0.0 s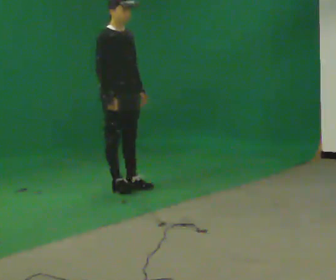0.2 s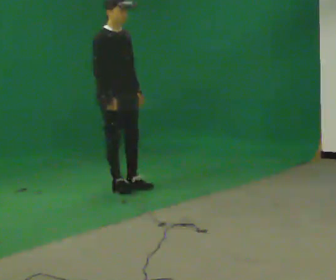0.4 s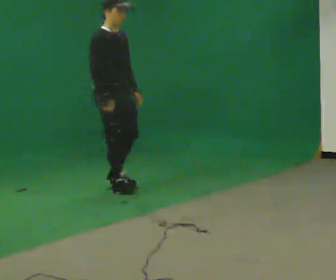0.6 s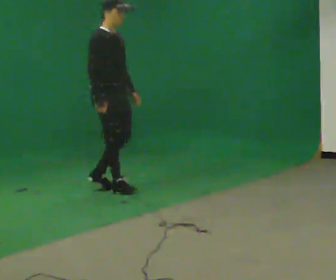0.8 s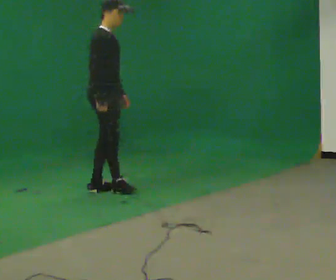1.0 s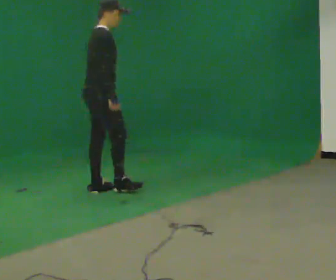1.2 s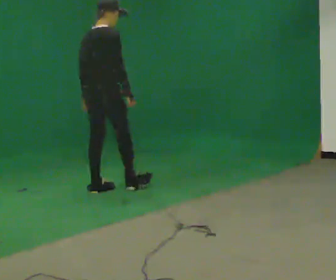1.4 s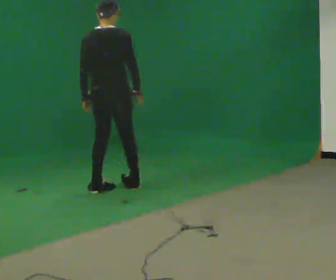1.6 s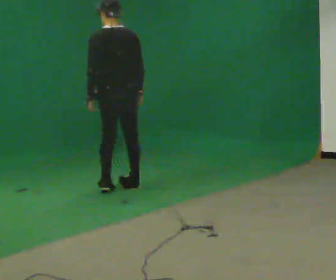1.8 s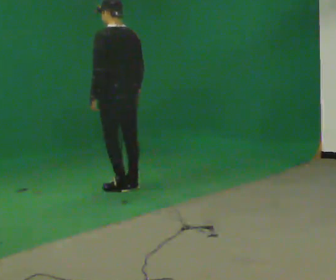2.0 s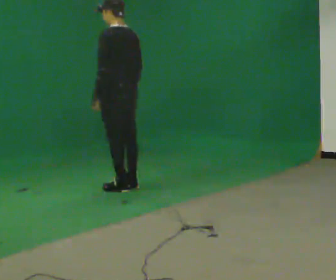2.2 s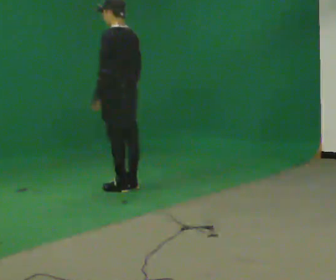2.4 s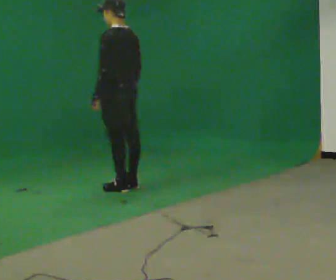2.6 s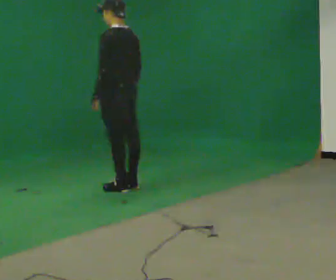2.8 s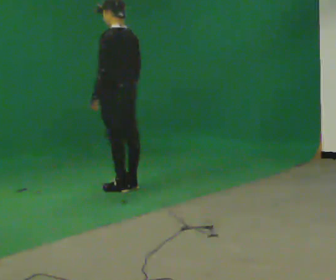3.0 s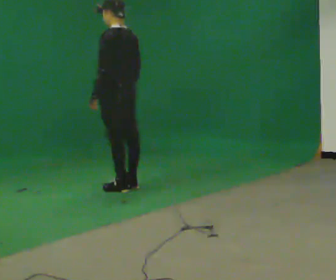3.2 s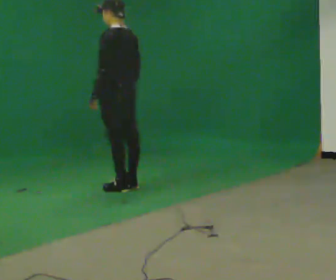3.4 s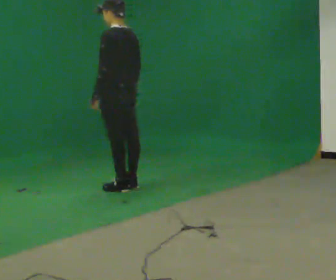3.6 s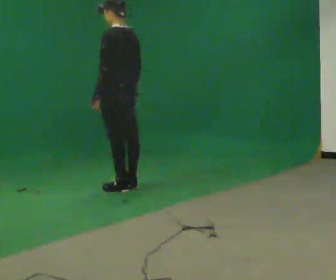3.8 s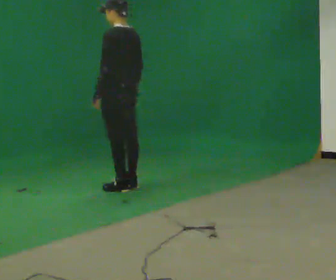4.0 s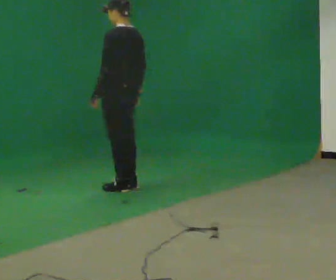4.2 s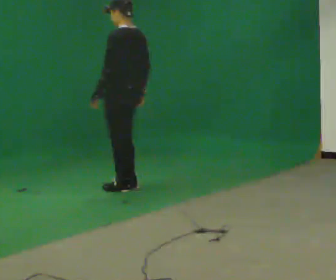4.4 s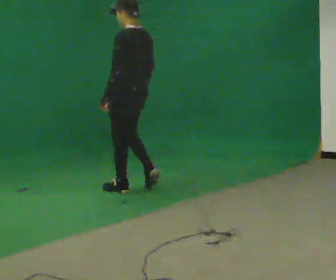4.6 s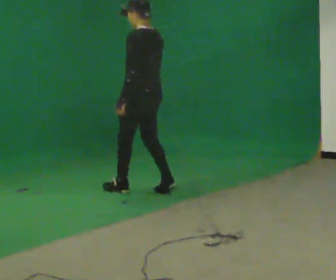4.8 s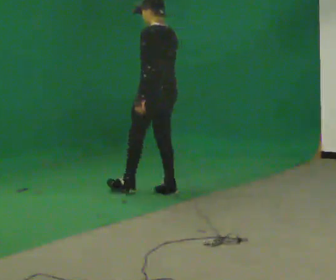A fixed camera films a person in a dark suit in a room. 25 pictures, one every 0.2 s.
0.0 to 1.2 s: Seen from above the body turns counterclockwise, about 75 degrees: to their left, with its near side sliding to the right. In the picture they go to the left, about 0.25 m in 2 steps. In the picture their left hand goes to the left.
1.2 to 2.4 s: Seen from above the body turns counterclockwise, about 105 degrees: to their left, with its near side sliding to the right. In the picture they go to the right, about 0.25 m in 1 step.
2.4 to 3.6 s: The person keeps their place and pose.
3.6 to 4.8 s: In the picture they go to the right and toward the camera, about 0.5 m in 2 steps, which for them is backward.
The film runs backward here.
